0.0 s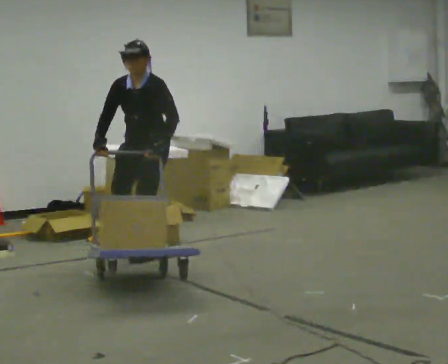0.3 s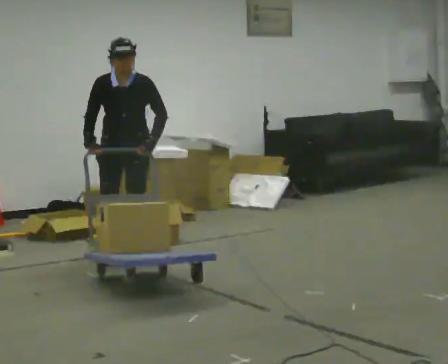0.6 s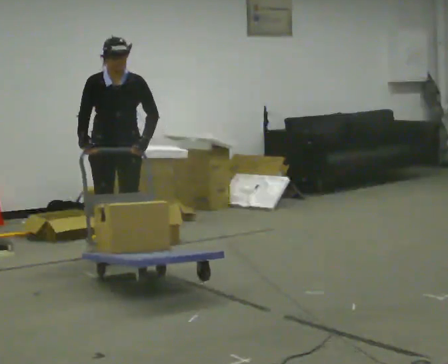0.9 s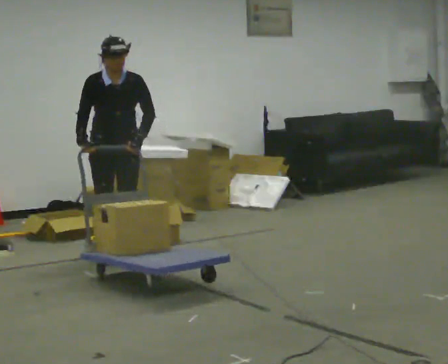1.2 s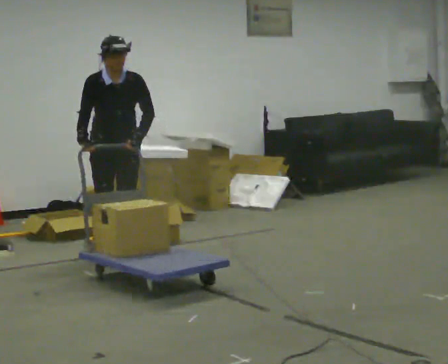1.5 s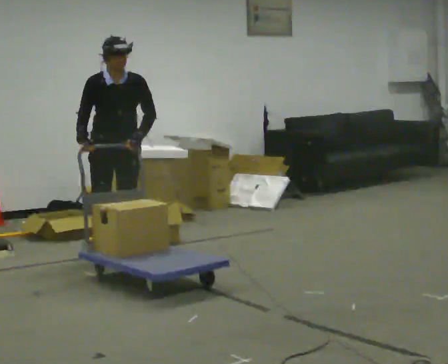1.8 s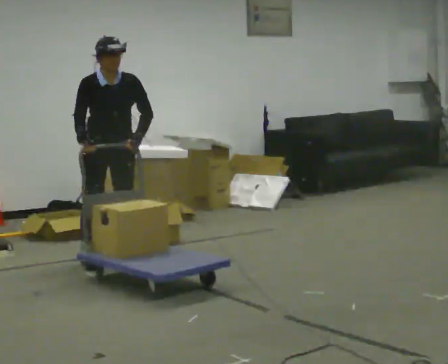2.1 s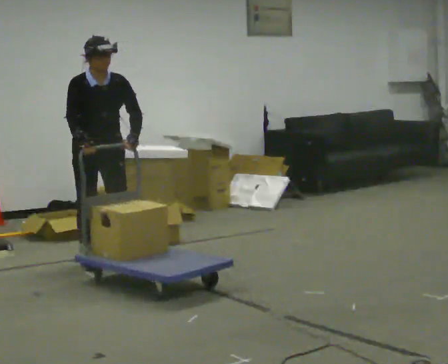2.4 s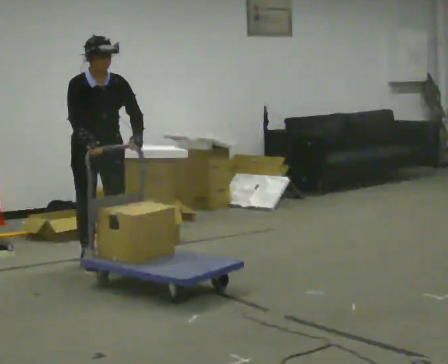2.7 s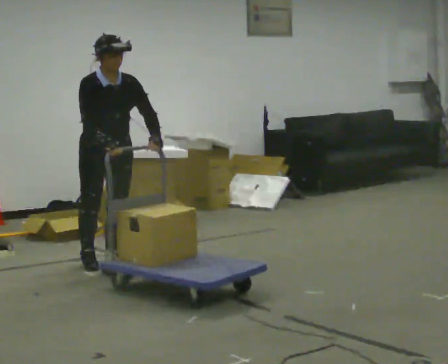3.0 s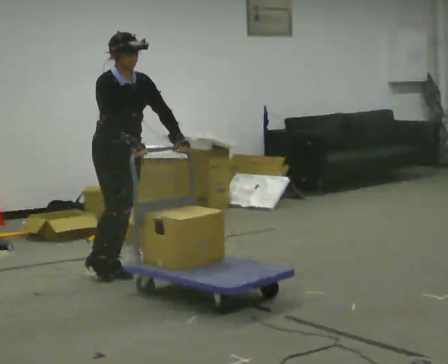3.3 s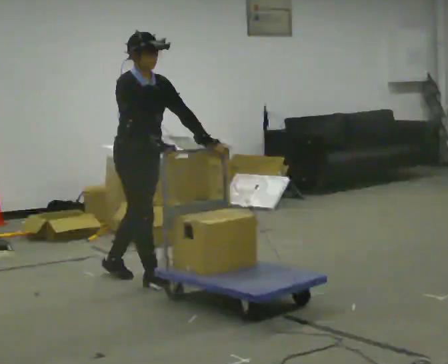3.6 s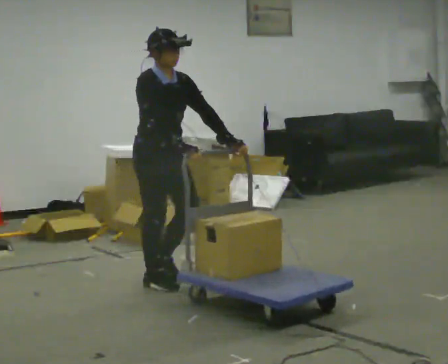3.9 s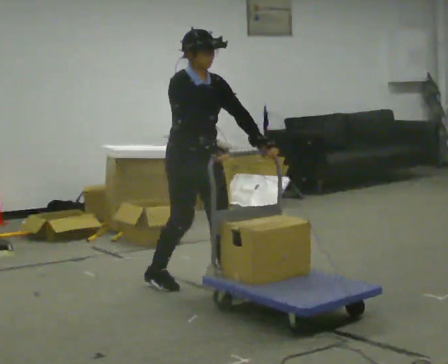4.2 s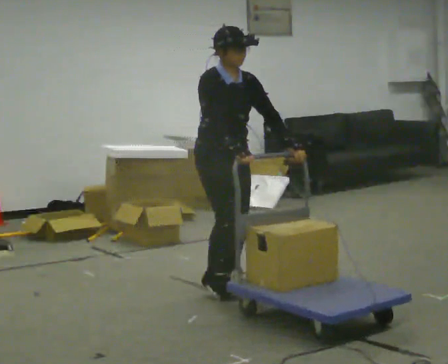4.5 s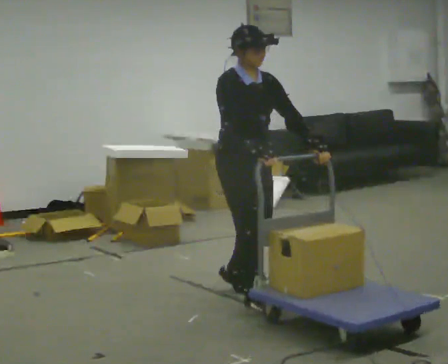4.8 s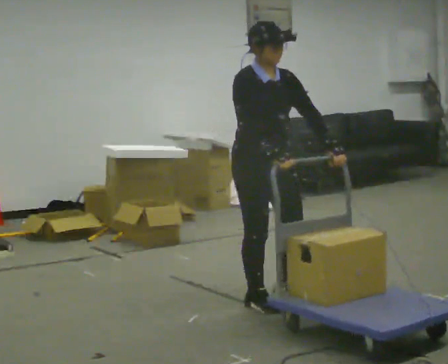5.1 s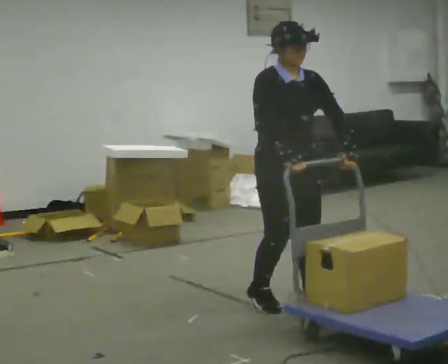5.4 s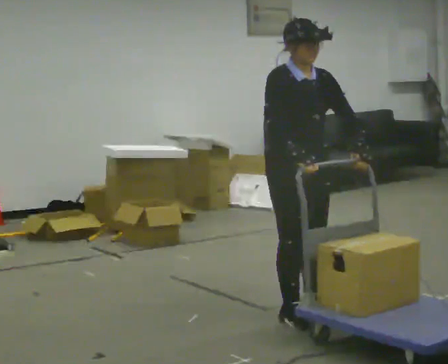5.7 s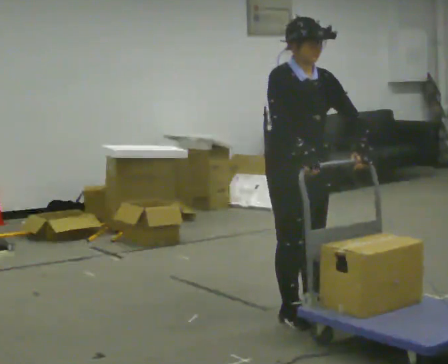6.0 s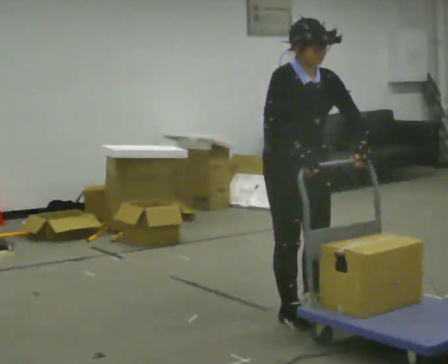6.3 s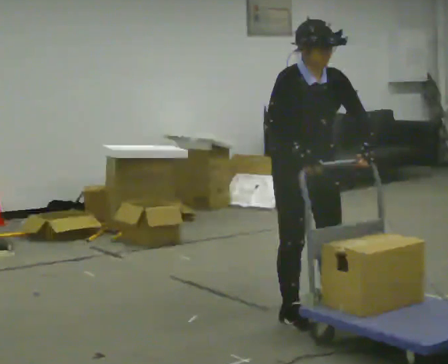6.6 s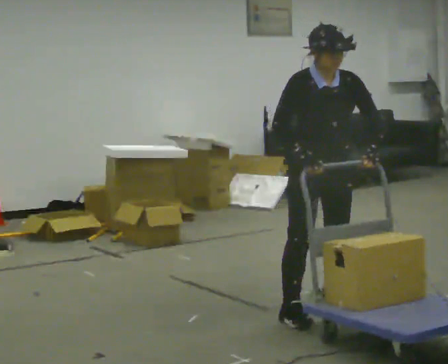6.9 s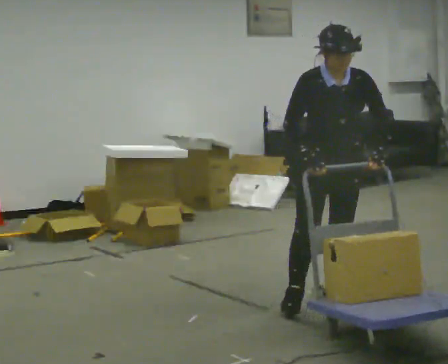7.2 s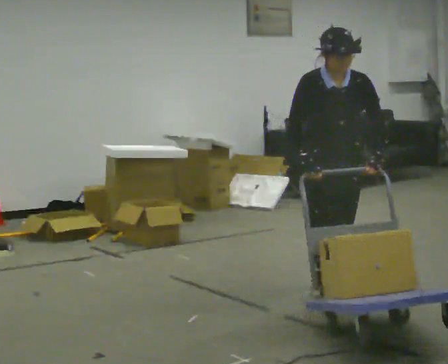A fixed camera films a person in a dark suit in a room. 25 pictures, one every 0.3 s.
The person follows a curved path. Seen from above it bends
counterclockwise.
0.0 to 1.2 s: Seen from above the body turns counterclockwise, about 45 degrees: to their left, with its near side sliding to the right. In the picture they go to the left, about 0.25 m in 2 steps, which for them is to their right.
1.2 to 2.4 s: In the picture they go toward the camera, about 0.25 m in 1 step, which for them is forward and to their right.
2.4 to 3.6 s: The person turns about 30 degrees to their left, counterclockwise seen from above, so the part of the body nearest the lens slides to the right. In the picture they go to the right and toward the camera, about 0.75 m in 2 steps, which for them is forward.
3.6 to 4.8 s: In the picture they go to the right and toward the camera, about 1 m in 2 steps, which for them is forward.
4.8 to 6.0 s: In the picture they go toward the camera and to the right, about 0.25 m in 2 steps, which for them is forward.
6.0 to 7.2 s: The part of the body nearest the lens slides to the left as the person turns to their right by about 30 degrees. In the picture they go away from the camera and to the right, about 0.5 m in 1 step, which for them is to their left and backward.
The film runs forward here.
